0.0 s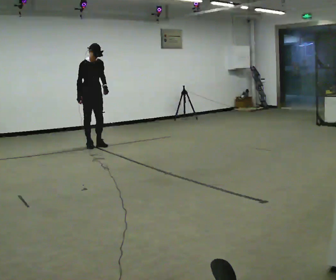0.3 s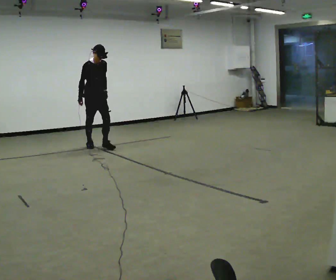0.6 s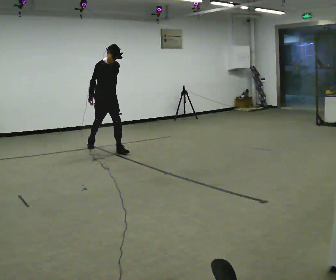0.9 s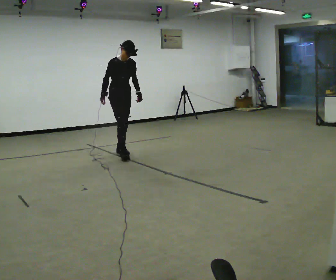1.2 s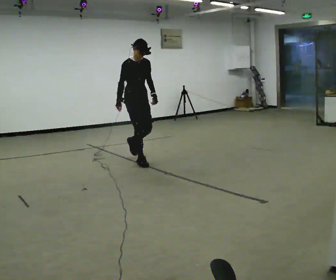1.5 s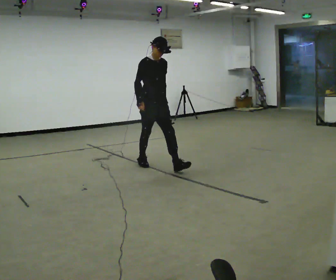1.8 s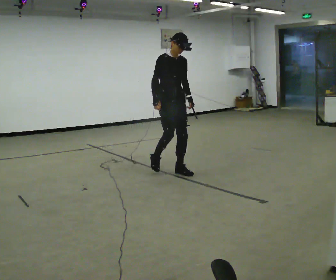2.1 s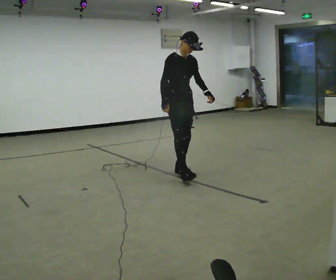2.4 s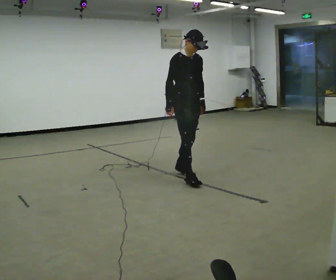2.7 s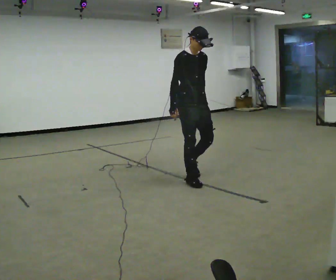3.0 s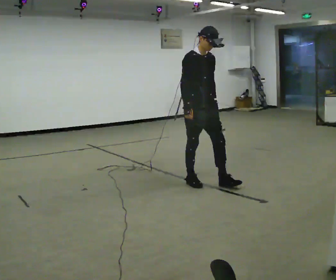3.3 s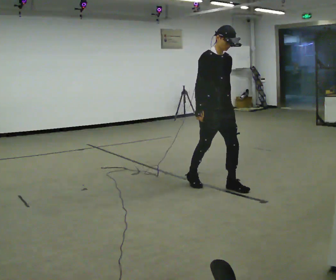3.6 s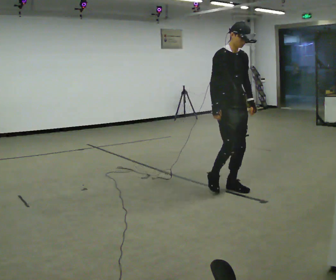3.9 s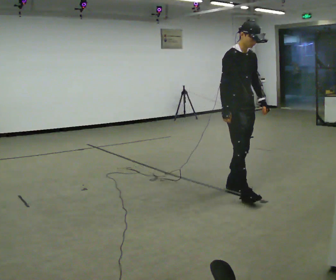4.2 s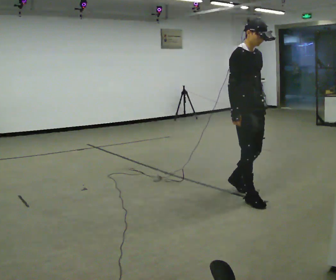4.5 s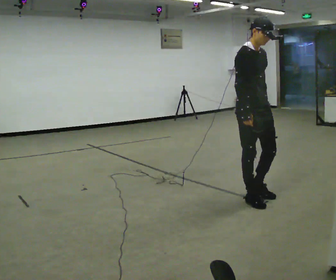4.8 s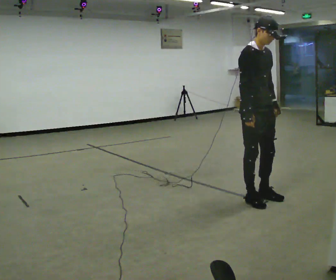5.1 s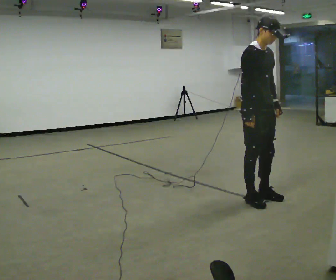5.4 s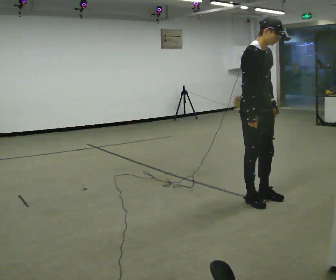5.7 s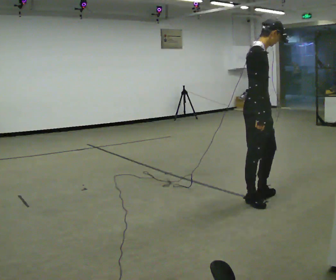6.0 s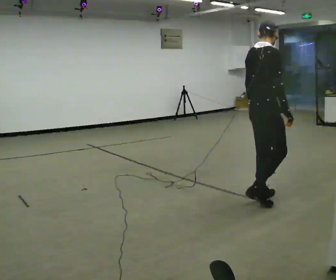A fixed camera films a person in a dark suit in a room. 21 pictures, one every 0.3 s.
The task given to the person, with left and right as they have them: Start at normal speed; gradually slow over several steps; stop gently.
0.0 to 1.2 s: In the picture they go toward the camera and to the right, about 1.5 m in 2 steps, which for them is forward.
1.2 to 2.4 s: In the picture they go toward the camera and to the right, about 1 m in 2 steps, which for them is forward.
2.4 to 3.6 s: In the picture they go toward the camera and to the right, about 0.75 m in 1 step, which for them is forward.
3.6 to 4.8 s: In the picture they go toward the camera and to the right, about 0.5 m in 2 steps, which for them is forward.
4.8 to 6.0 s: The person turns about 75 degrees to their left, counterclockwise seen from above, so the part of the body nearest the lens slides to the right.
The film runs forward here.
